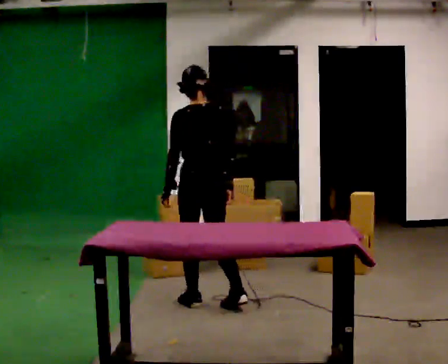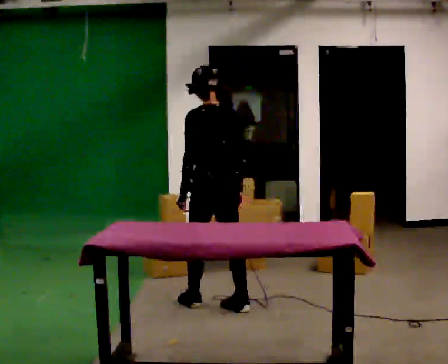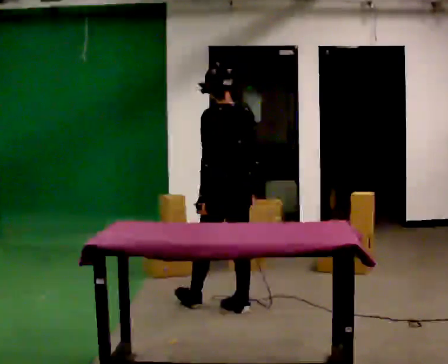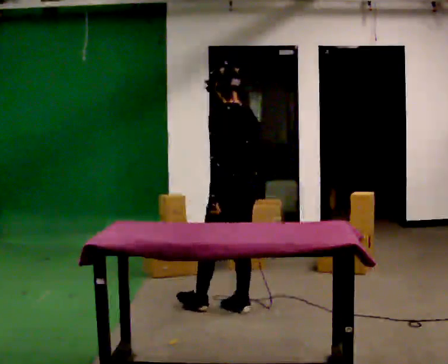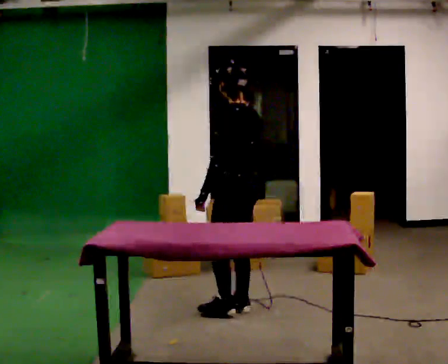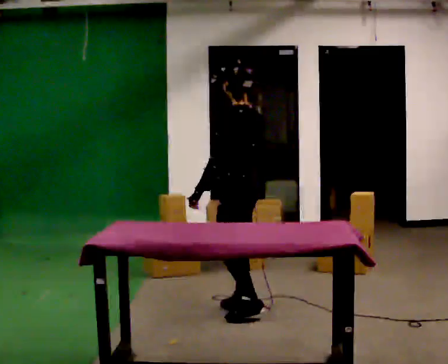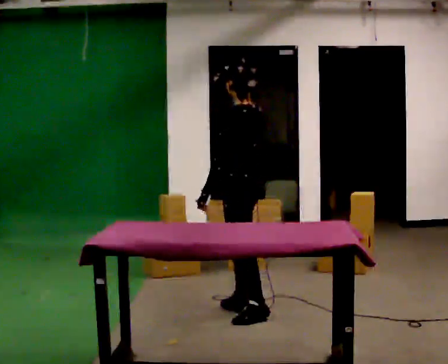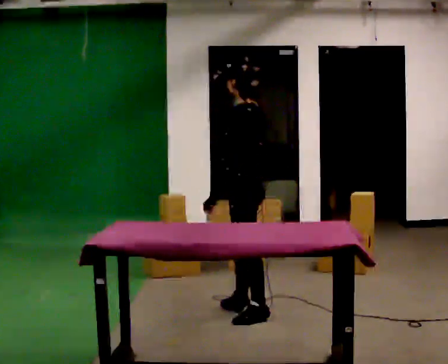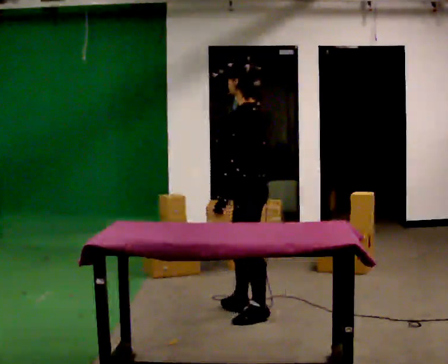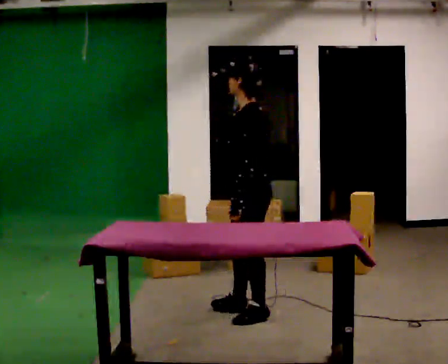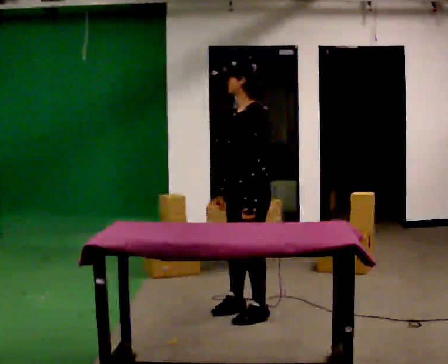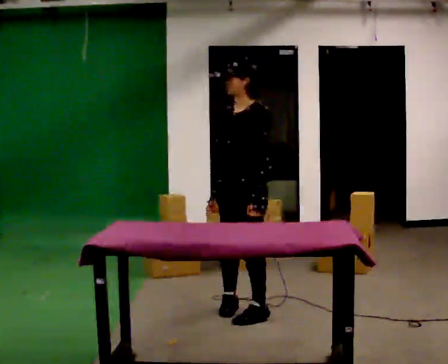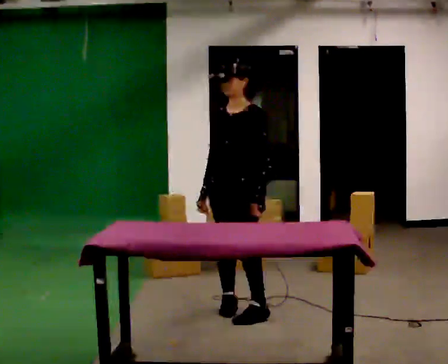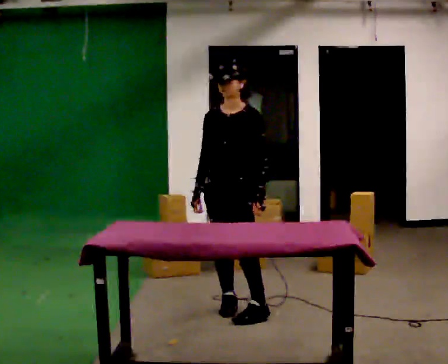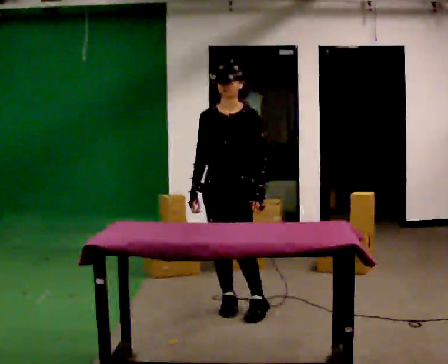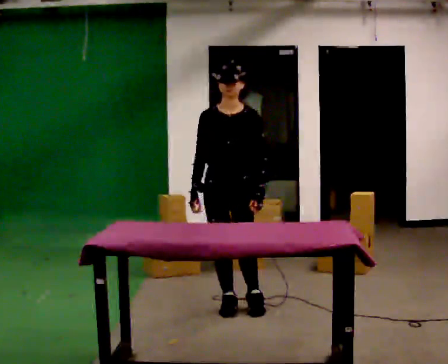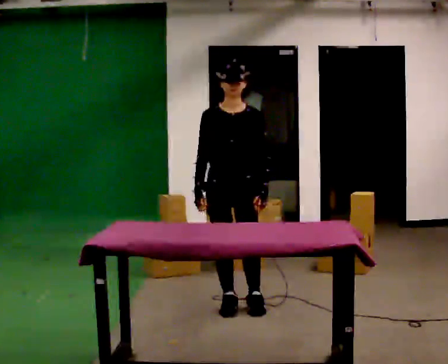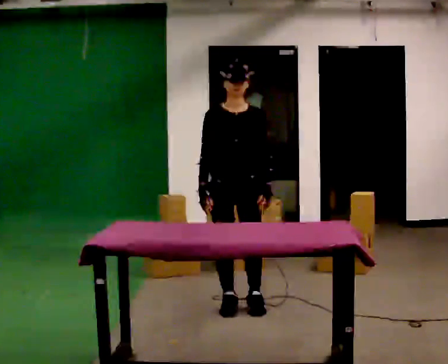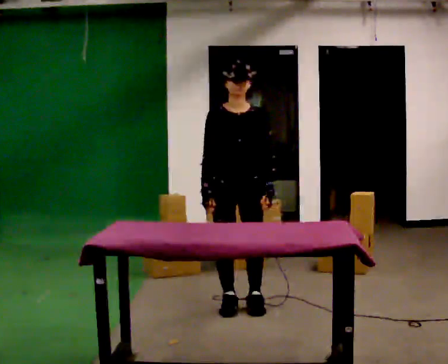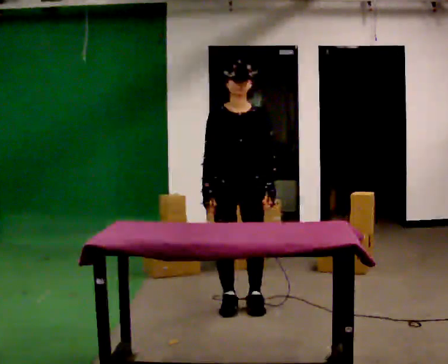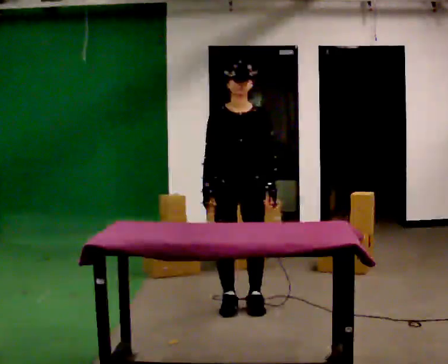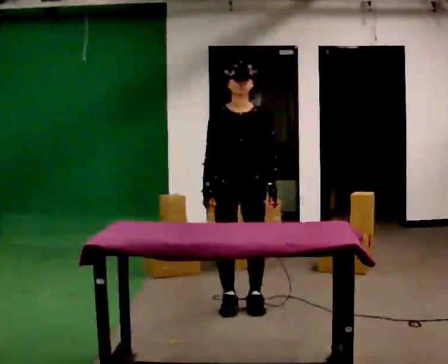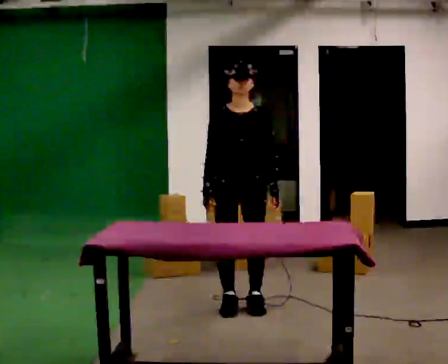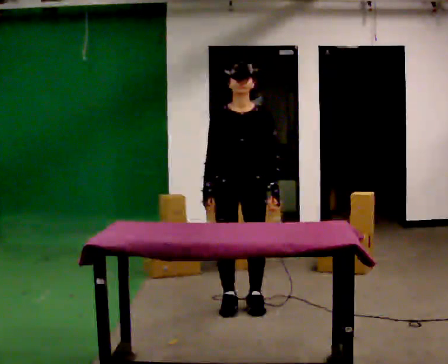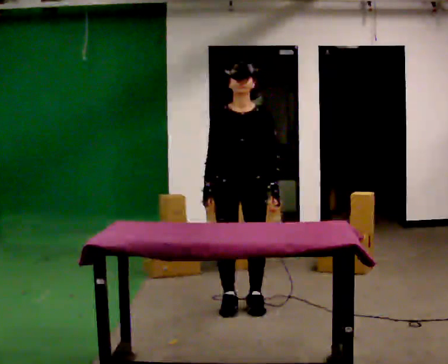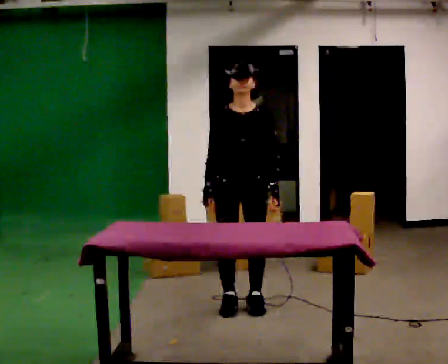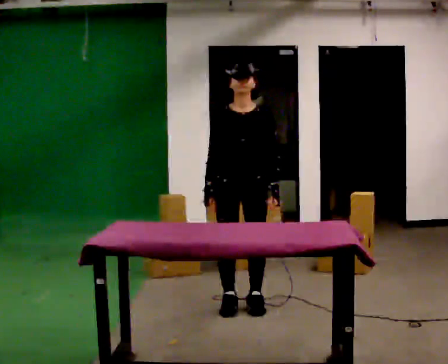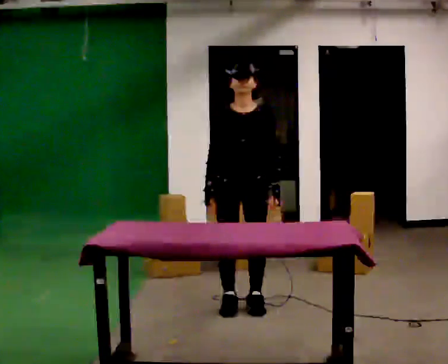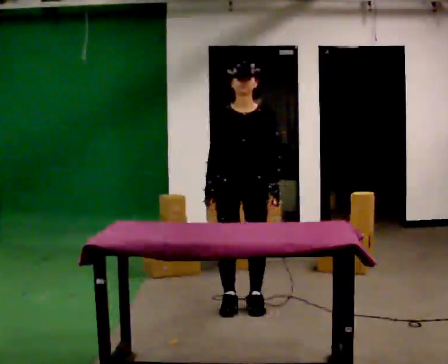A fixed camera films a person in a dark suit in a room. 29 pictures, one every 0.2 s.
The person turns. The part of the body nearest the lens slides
to the right.
The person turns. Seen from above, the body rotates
counterclockwise.
0.0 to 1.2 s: The part of the body nearest the lens slides to the right as the person turns to their left by about 45 degrees. In the picture they go to the right and toward the camera, about 0.25 m in 1 step, which for them is backward.
1.2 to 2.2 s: The part of the body nearest the lens slides to the right as the person turns to their left by about 60 degrees. In the picture their left hand goes to the right.
2.2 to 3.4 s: The part of the body nearest the lens slides to the right as the person turns to their left by about 60 degrees. In the picture they go away from the camera, about 0.25 m in 1 step, which for them is backward.
3.4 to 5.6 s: The person moves a little, or ends about where they began.
The film runs backward here.
